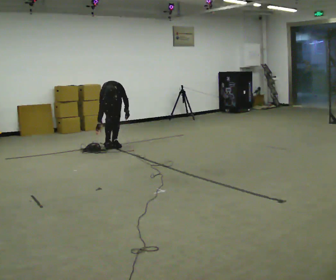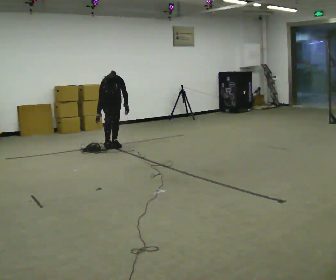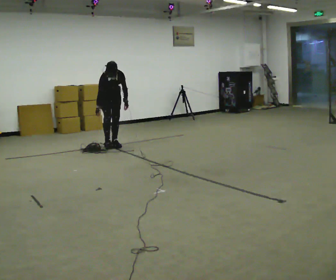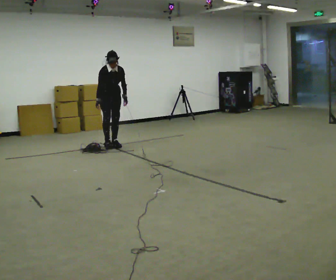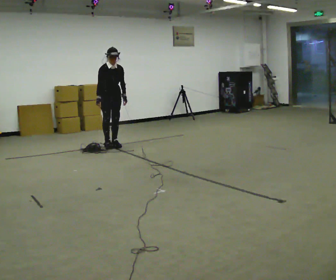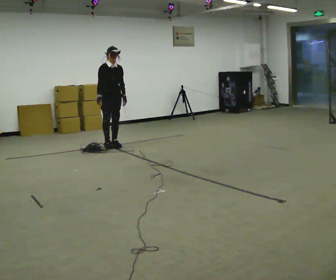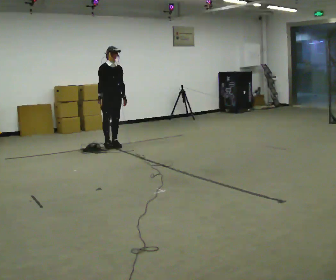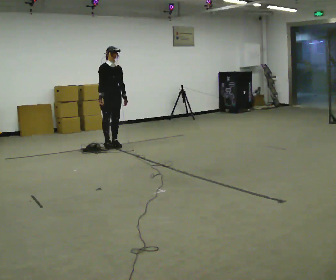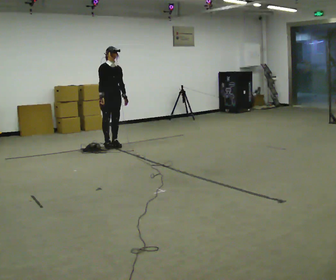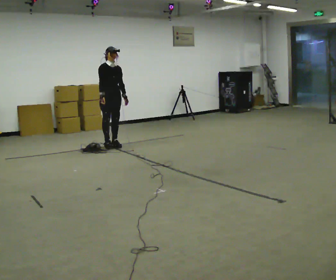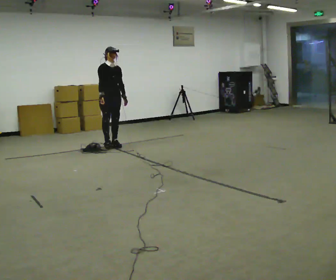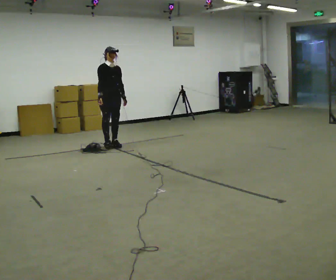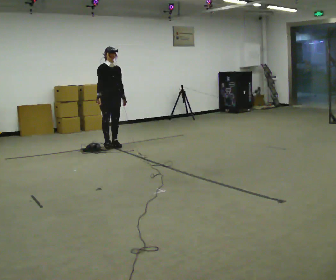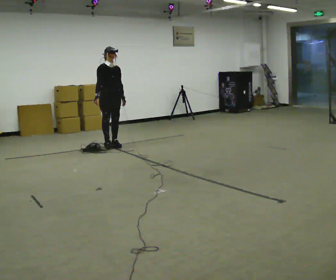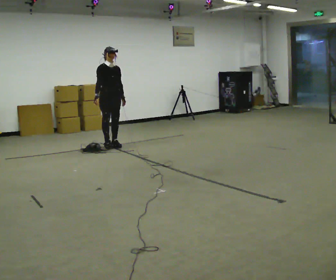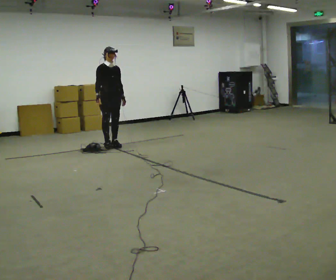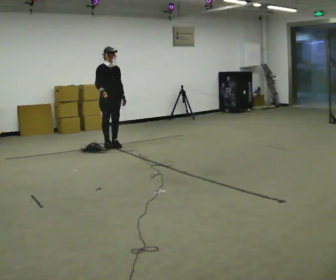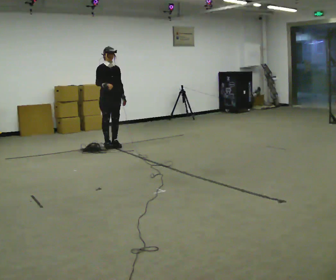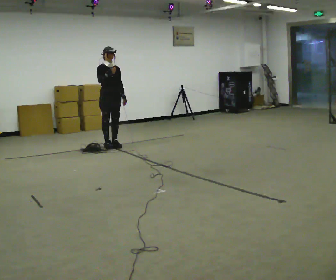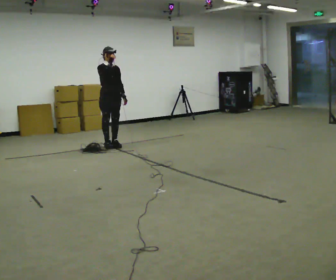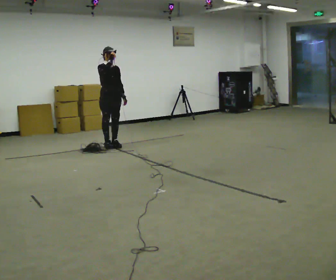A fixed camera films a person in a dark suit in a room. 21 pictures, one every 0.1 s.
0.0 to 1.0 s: The shoulders move upward. The upper body tips away from the camera, its near side rolling upward, as they lean back or straighten. In the picture their right hand goes upward.
1.0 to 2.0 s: In the picture their right hand goes upward.
The film runs forward here.
